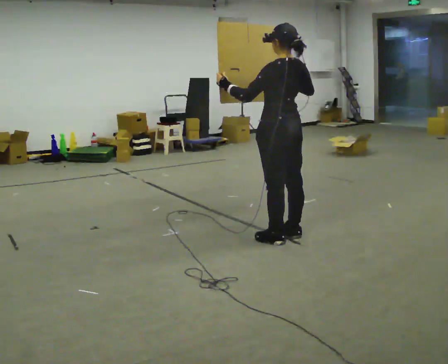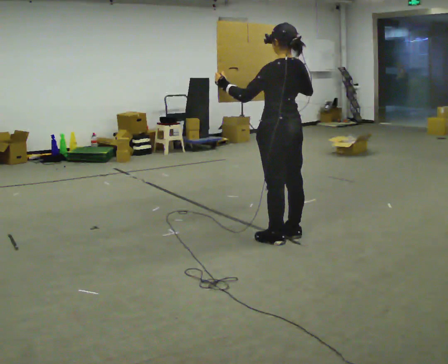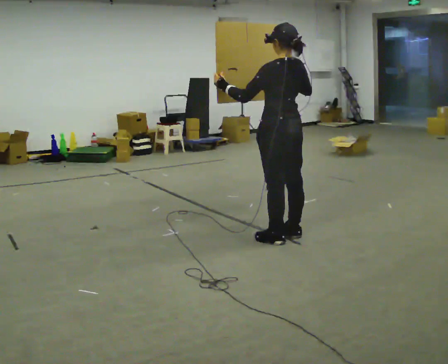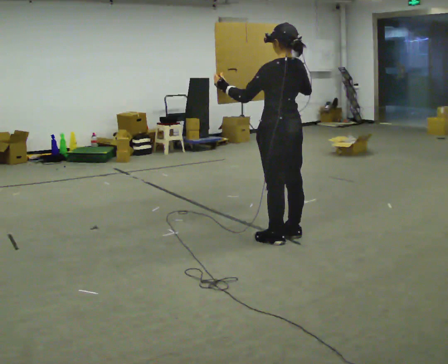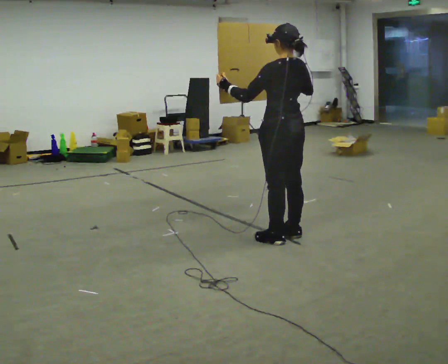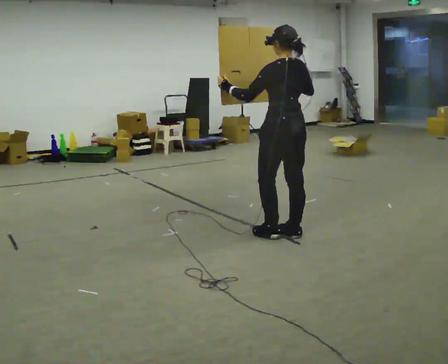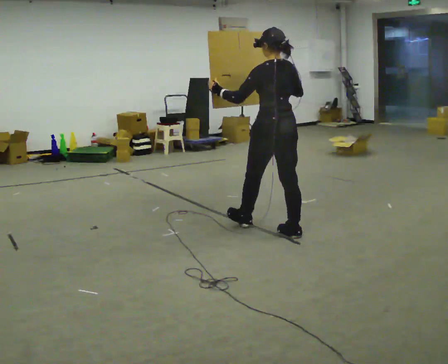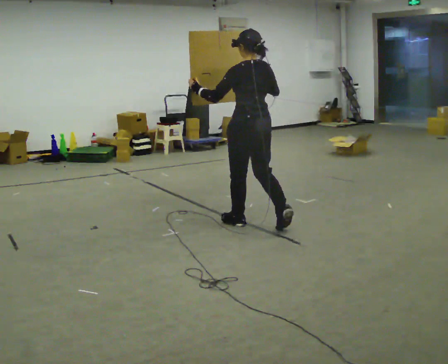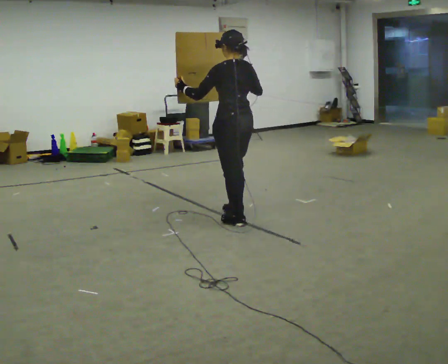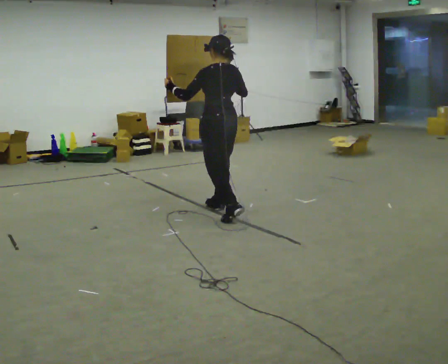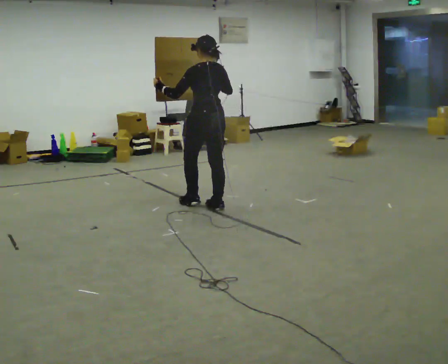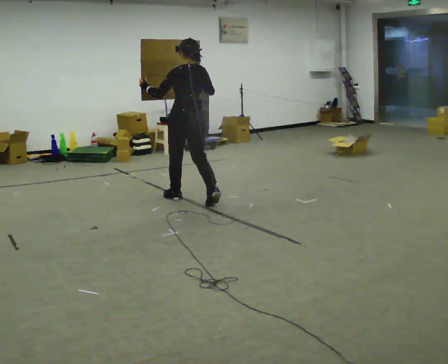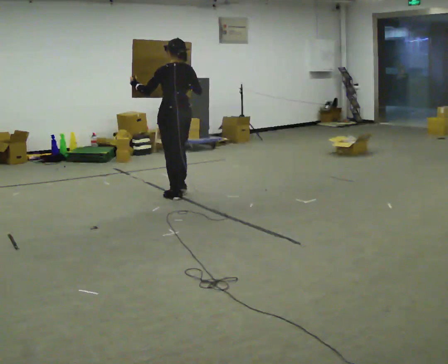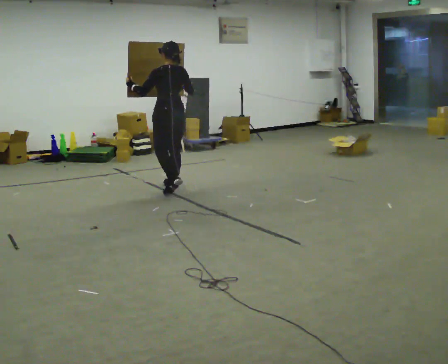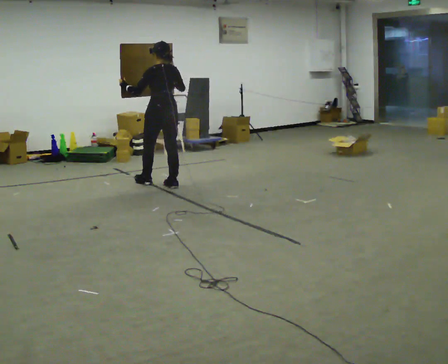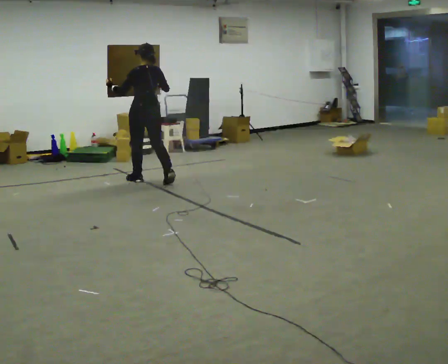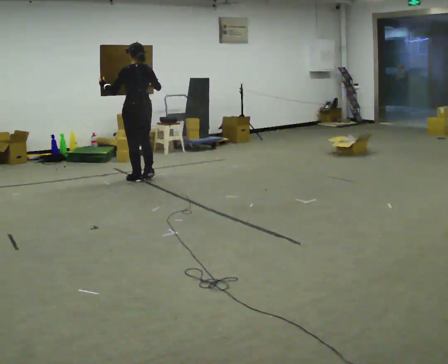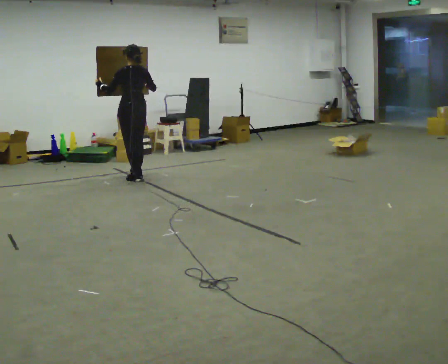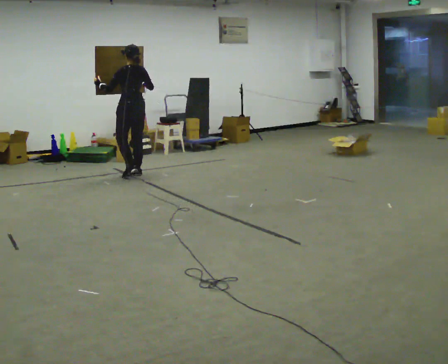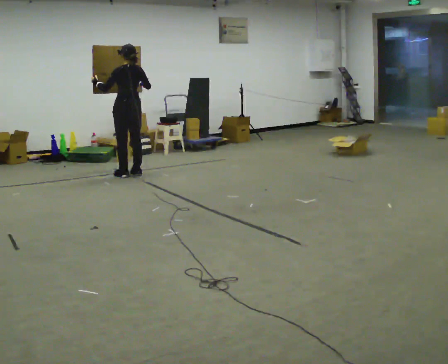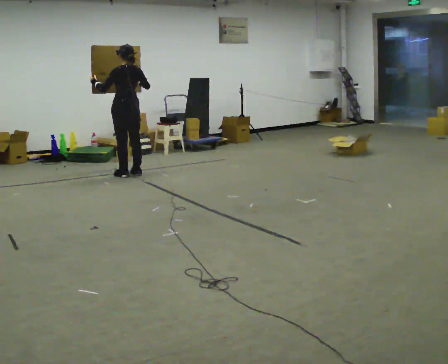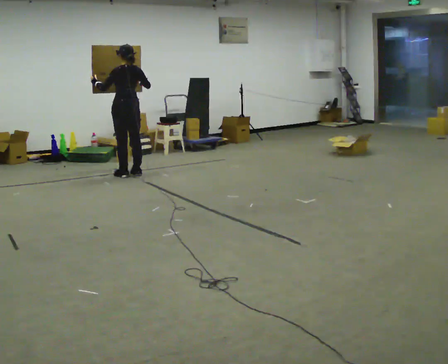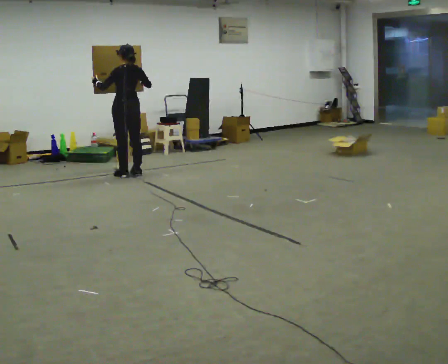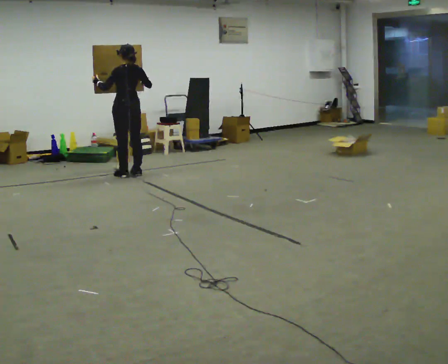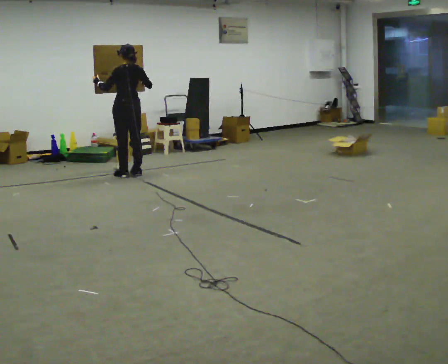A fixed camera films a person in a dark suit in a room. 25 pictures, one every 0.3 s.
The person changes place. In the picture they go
away from the camera.
0.0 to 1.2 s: The person moves a little, or ends about where they began.
1.2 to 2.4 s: In the picture they go away from the camera and to the left, about 0.5 m in 1 step, which for them is forward.
2.4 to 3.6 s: In the picture they go away from the camera and to the left, about 1 m in 2 steps, which for them is forward.
3.6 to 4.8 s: In the picture they go away from the camera and to the left, about 1 m in 2 steps, which for them is forward.
4.8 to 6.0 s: In the picture they go away from the camera and to the left, about 0.5 m in 2 steps, which for them is forward.
6.0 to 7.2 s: The person moves a little, or ends about where they began.
The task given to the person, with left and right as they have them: Carry the large panel across the room. It will block your view ahead, so take whatever route feels safe. Keep going until the operator says stop; one object at a time, and do not rush between trips.
The film runs forward here.
